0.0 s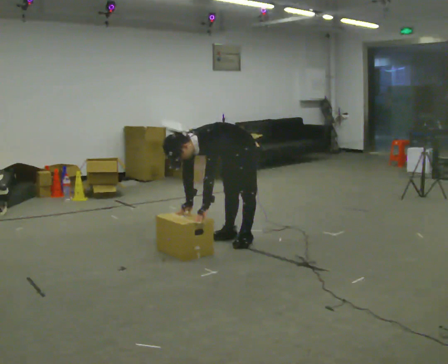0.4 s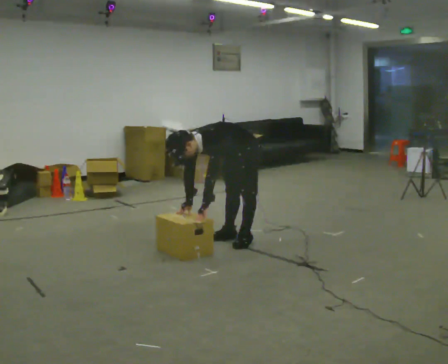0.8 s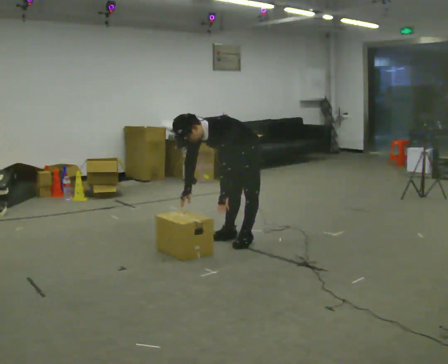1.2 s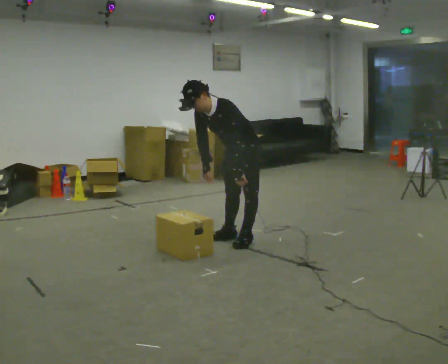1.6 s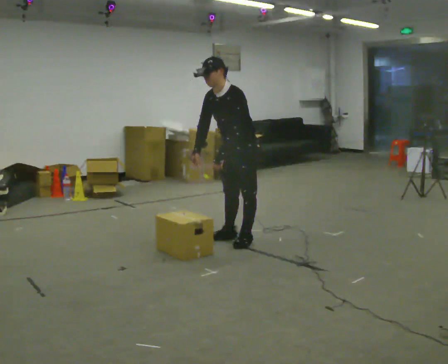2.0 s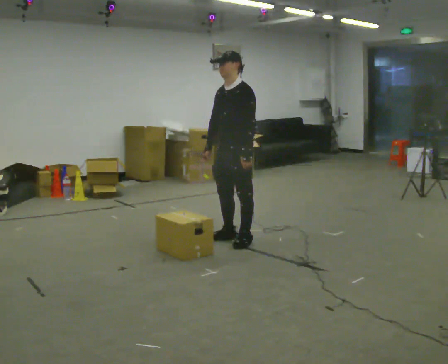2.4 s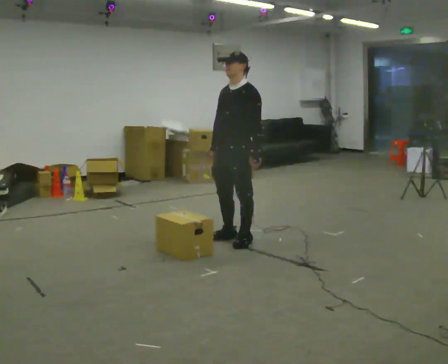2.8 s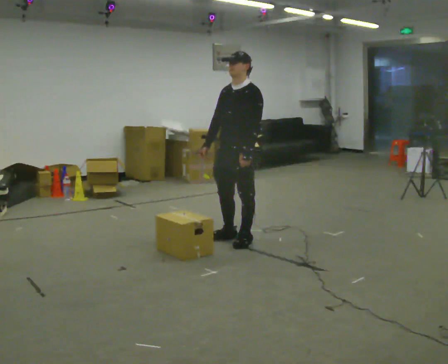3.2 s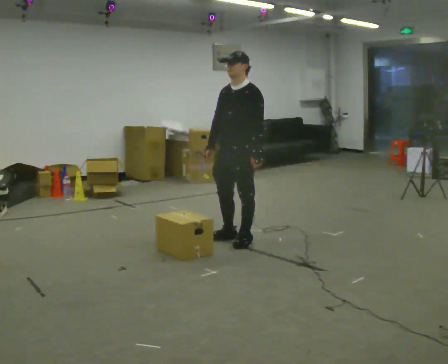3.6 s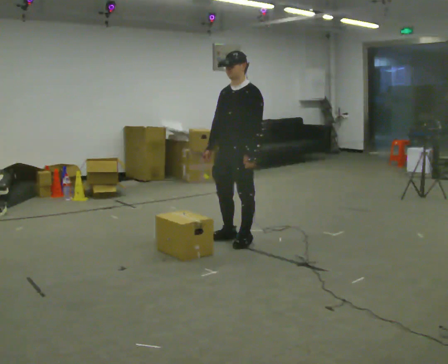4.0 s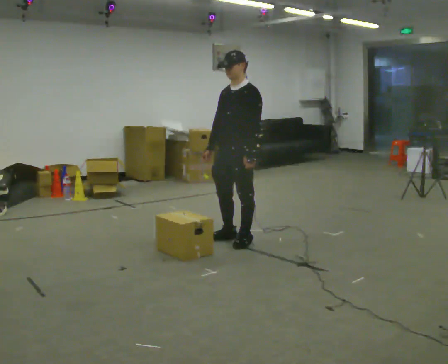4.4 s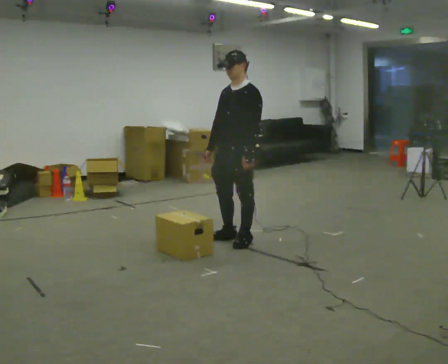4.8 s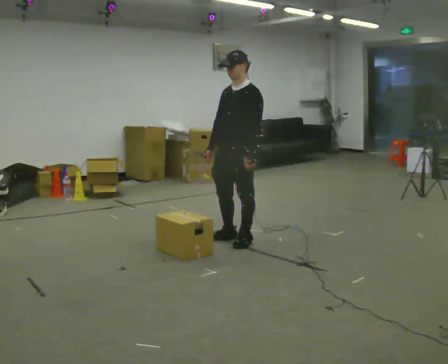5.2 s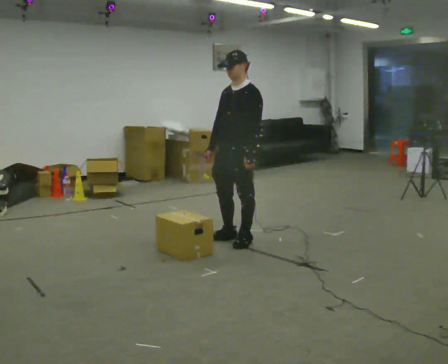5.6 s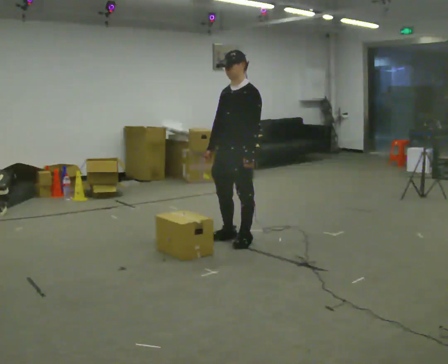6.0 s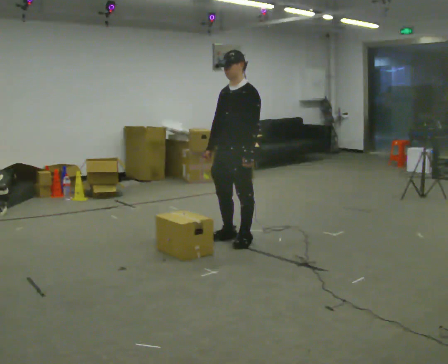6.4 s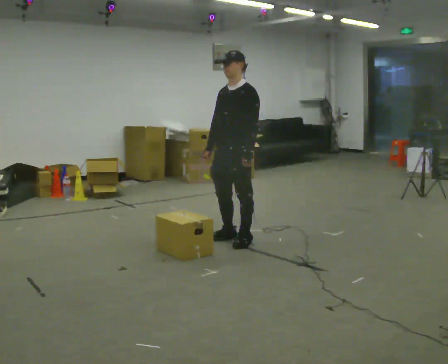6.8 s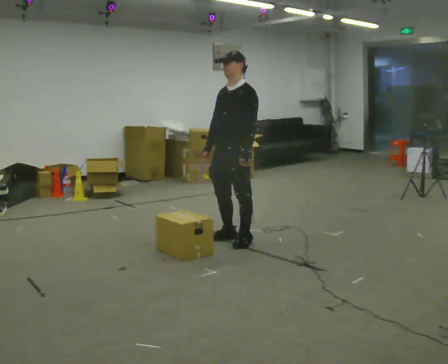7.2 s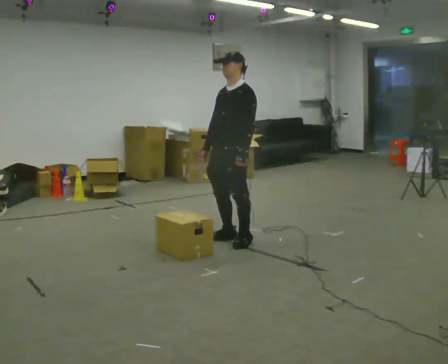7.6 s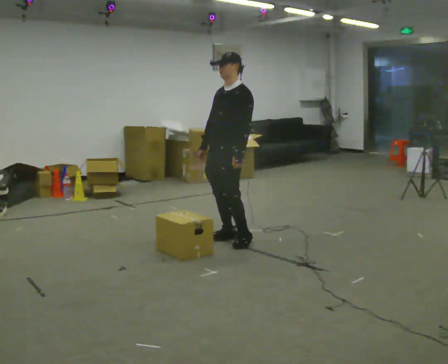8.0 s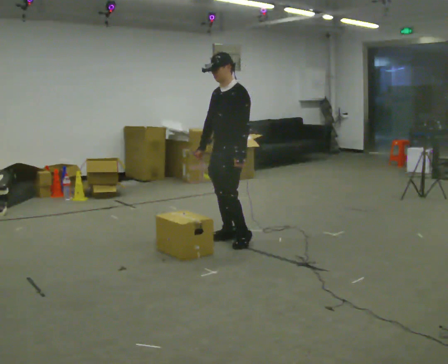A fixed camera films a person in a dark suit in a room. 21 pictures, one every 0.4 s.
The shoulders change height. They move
upward.
The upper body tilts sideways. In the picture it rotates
clockwise.
0.0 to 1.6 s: The upper body goes upward. In the picture the upper body tilts clockwise, shoulders to the right, as they lean back or straighten. In the picture their right hand goes upward.
1.6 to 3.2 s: In the picture the upper body tilts clockwise, shoulders to the right, as they lean back or straighten.
3.2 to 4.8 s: The person moves a little, or ends about where they began.
4.8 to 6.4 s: The person keeps their place and pose.
6.4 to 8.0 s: The person moves a little, or ends about where they began.
The film runs forward here.
